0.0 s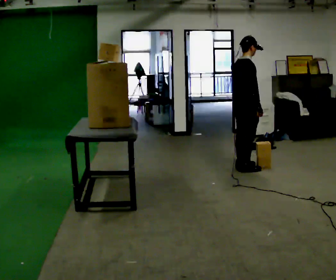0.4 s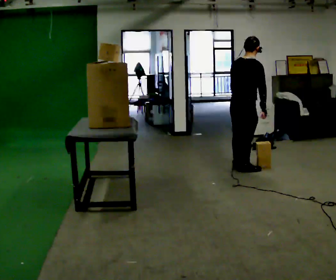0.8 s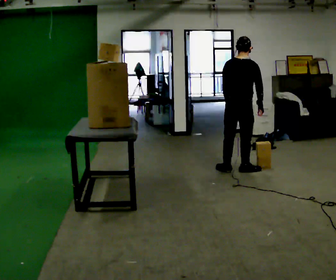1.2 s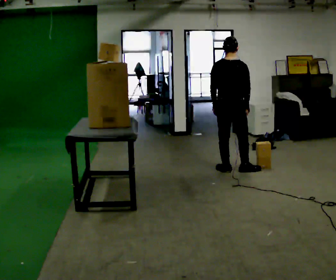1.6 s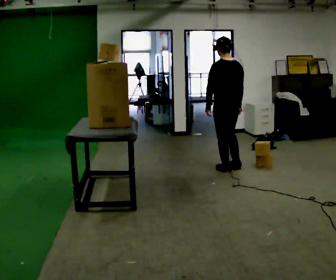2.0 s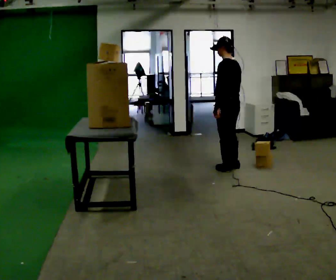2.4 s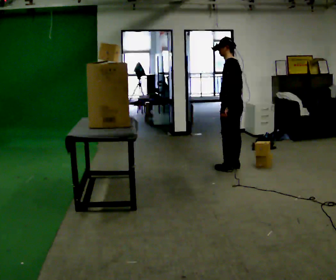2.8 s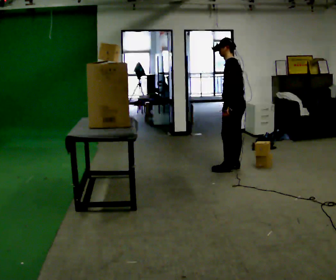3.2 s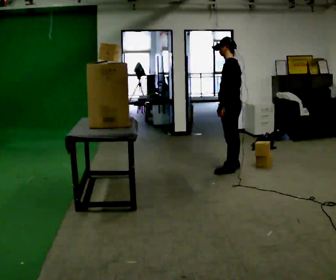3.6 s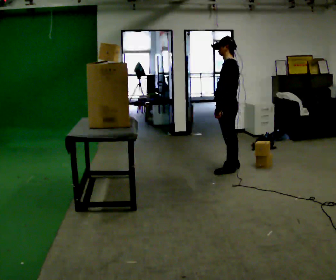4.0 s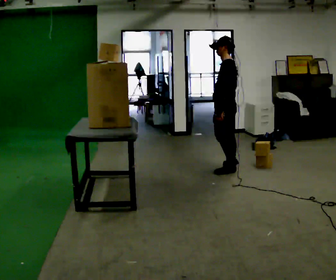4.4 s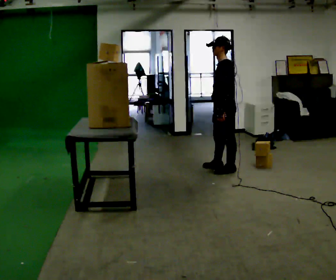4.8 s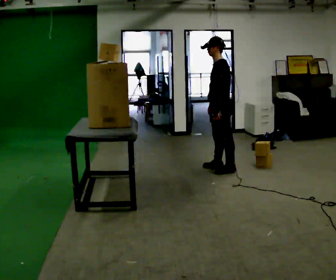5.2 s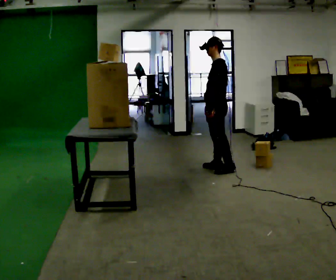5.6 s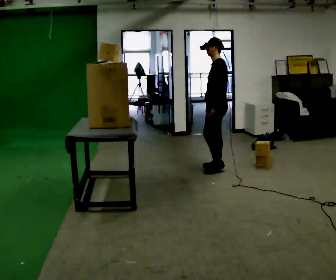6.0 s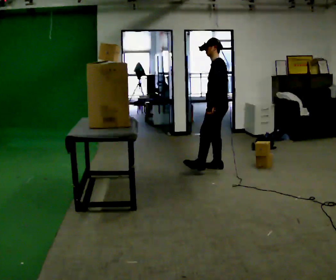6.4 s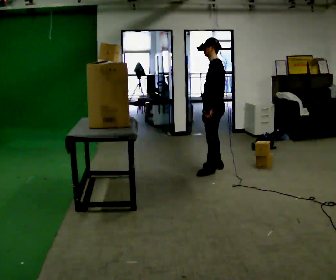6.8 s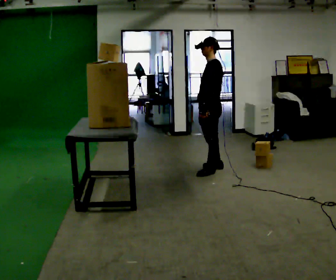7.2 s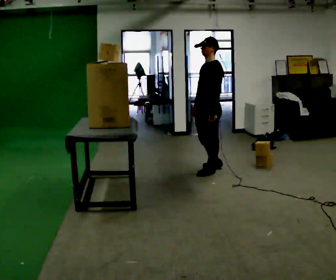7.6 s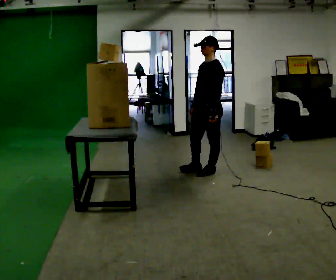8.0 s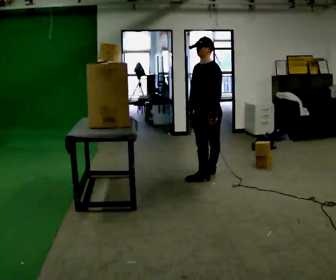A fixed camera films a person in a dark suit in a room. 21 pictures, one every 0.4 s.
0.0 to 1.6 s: Seen from above the body turns counterclockwise, about 90 degrees: to their left, with its near side sliding to the right. In the picture they go to the left, about 0.25 m in 1 step. In the picture their left hand goes to the left.
1.6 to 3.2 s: The part of the body nearest the lens slides to the right as the person turns to their left by about 45 degrees.
3.2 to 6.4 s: In the picture they go to the left, about 0.25 m in 2 steps, which for them is forward.
6.4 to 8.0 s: Seen from above the body turns counterclockwise, about 45 degrees: to their left, with its near side sliding to the right. In the picture they go toward the camera, about 0.25 m in 1 step, which for them is forward and to their left.
The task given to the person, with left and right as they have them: Take an object down from the highest shelf you can comfortably reach, carry it across the room, and set it on the floor. Keep going until the operator says stop; one object at a time, and do not rush between trips.
The film runs forward here.
